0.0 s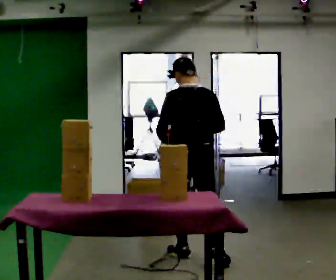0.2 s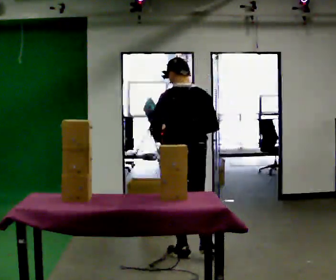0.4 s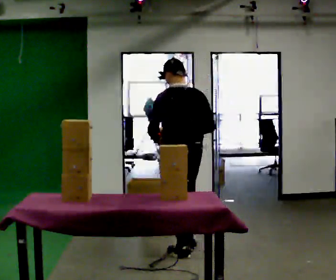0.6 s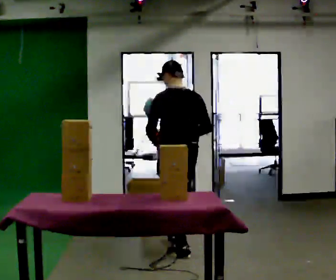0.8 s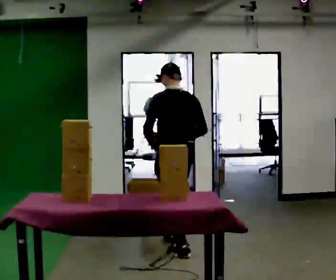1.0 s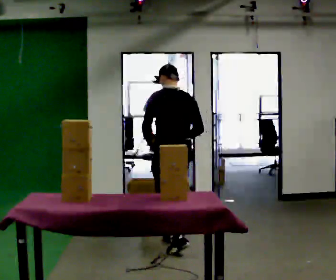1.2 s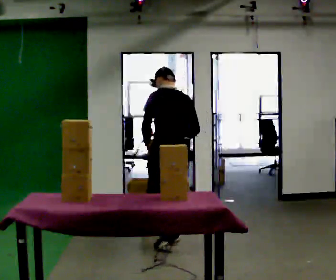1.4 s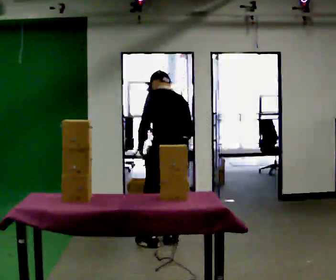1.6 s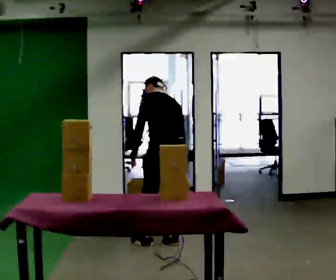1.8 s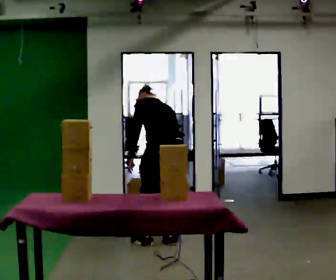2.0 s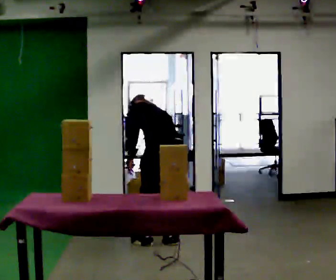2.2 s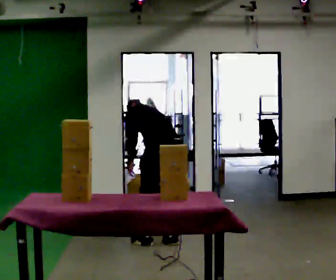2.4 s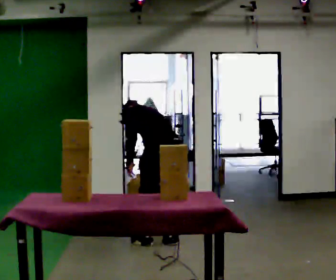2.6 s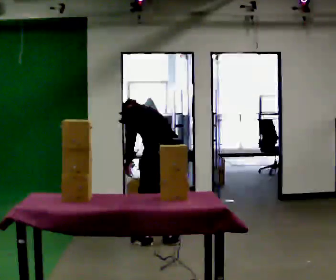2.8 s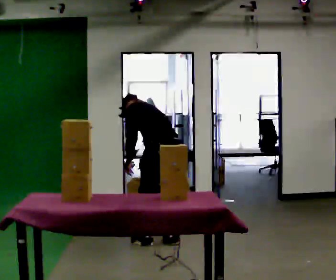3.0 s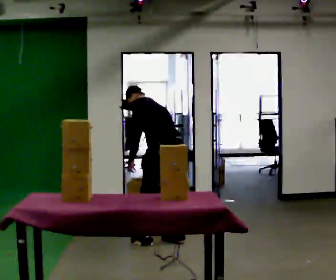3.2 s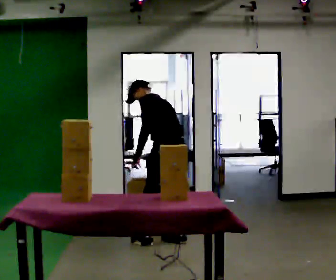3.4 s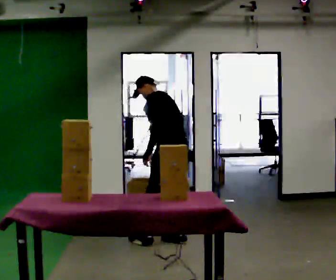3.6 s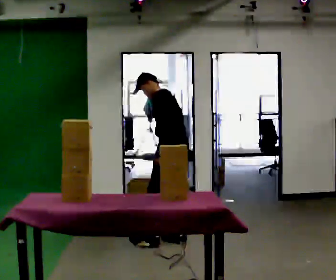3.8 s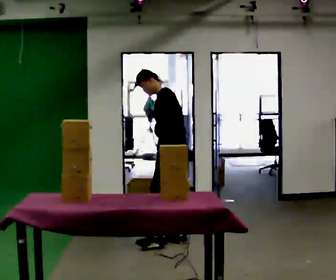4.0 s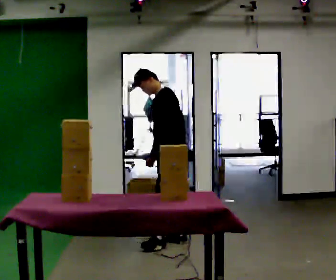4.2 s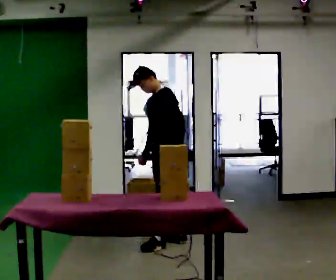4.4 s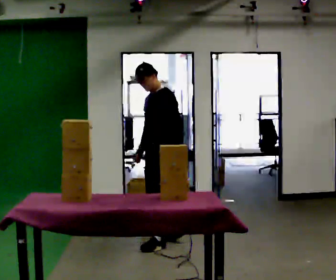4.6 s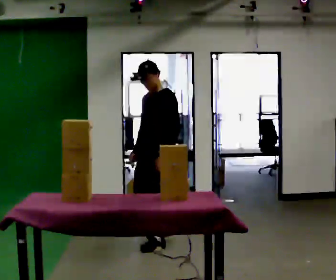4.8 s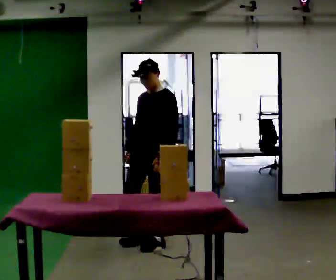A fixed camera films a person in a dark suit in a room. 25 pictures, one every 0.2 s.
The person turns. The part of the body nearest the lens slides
to the right.
The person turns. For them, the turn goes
to their left.
0.0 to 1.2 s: In the picture they go away from the camera, about 0.5 m in 1 step, which for them is forward.
1.2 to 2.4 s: The shoulders move downward. The upper body tips away from the camera, its near side rolling upward, as they bend forward.
2.4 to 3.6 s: Seen from above the body turns counterclockwise, about 30 degrees: to their left, with its near side sliding to the right. In the picture they go away from the camera, about 0.25 m, which for them is to their right. The upper body goes upward. The upper body tips toward the camera, its near side rolling downward, as they lean back or straighten. In the picture their left hand goes to the right.
3.6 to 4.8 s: The part of the body nearest the lens slides to the right as the person turns to their left by about 60 degrees. In the picture they go toward the camera and to the left, about 0.25 m, which for them is forward and to their left. In the picture the upper body tilts clockwise, shoulders to the right, as they lean back or straighten.
The film runs forward here.
